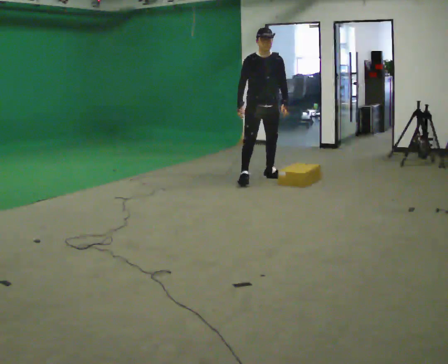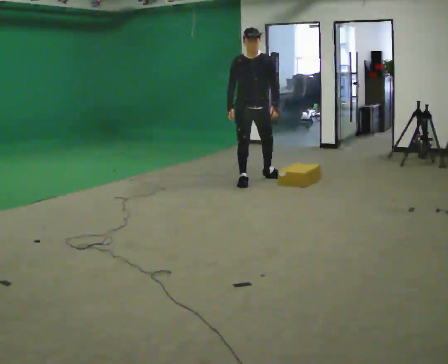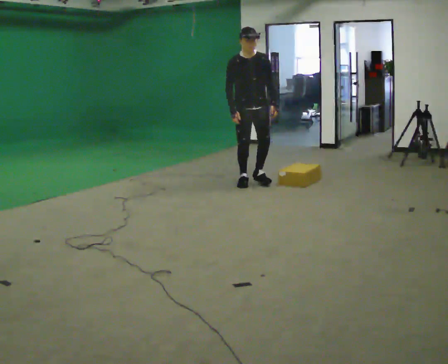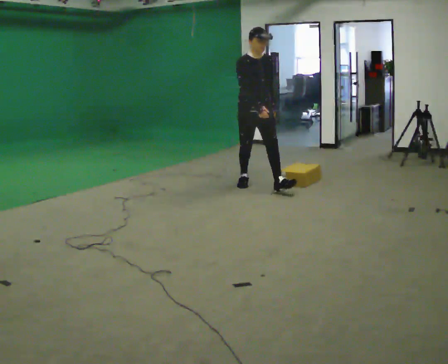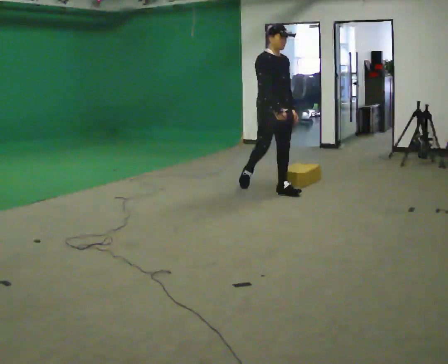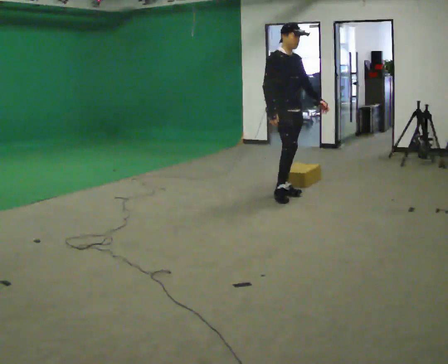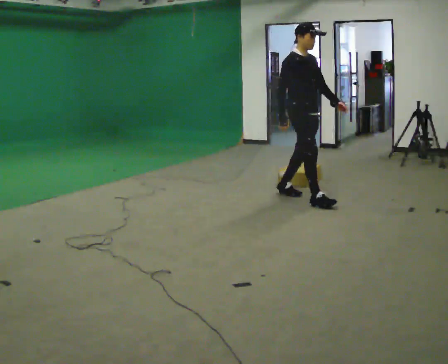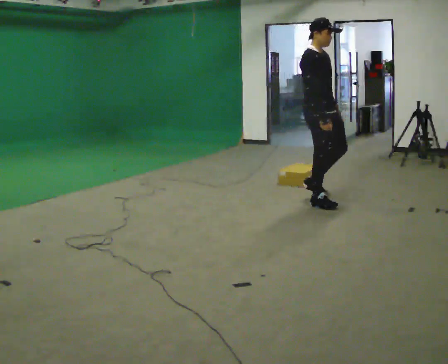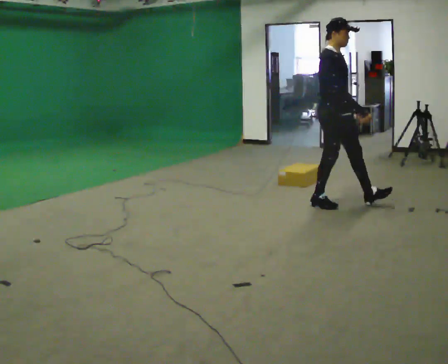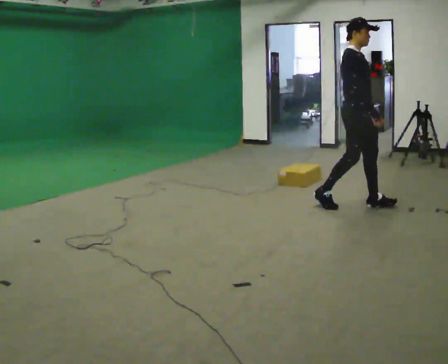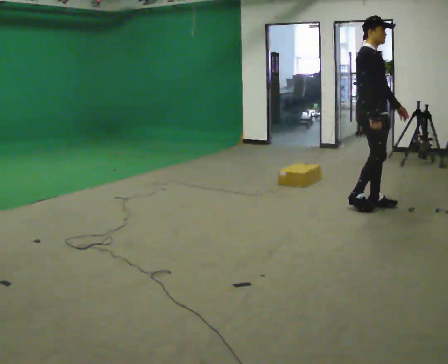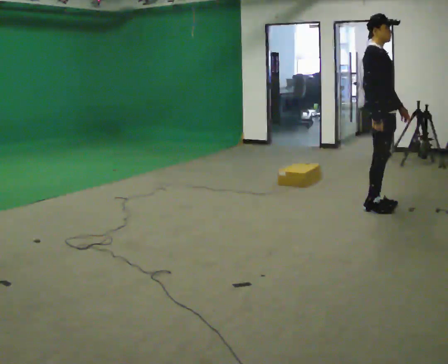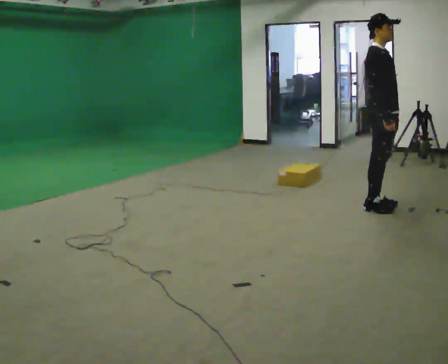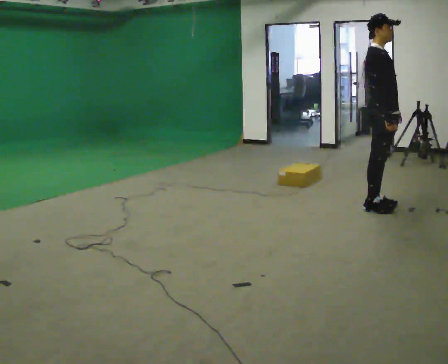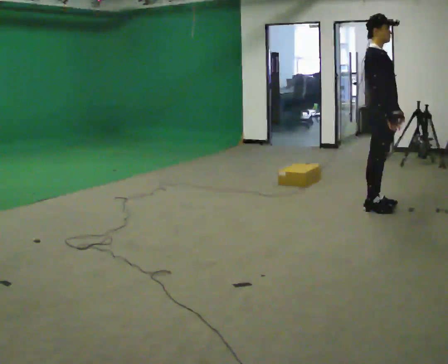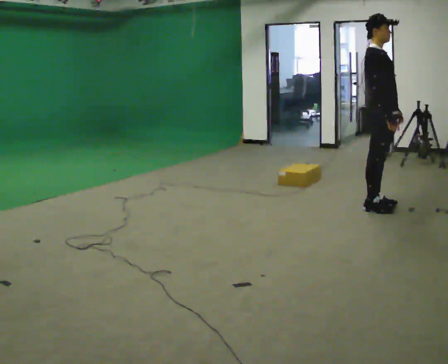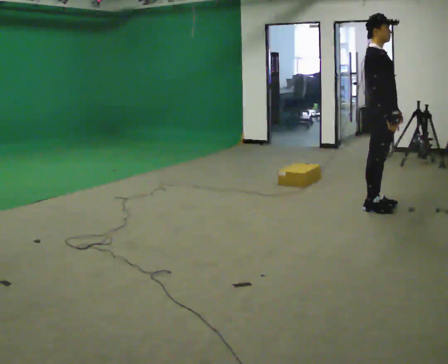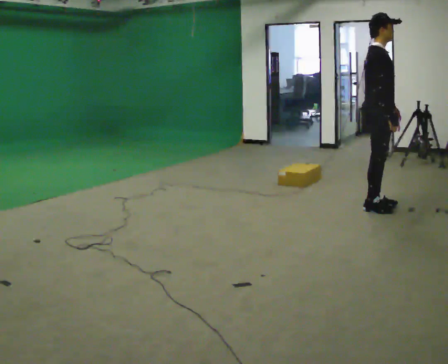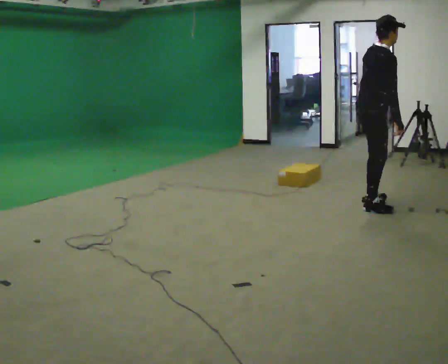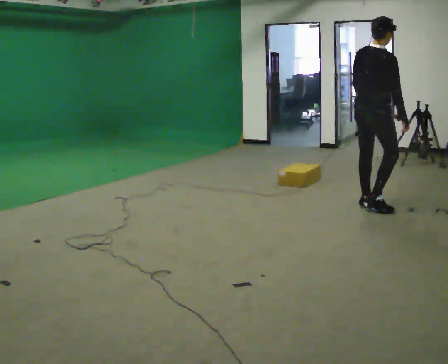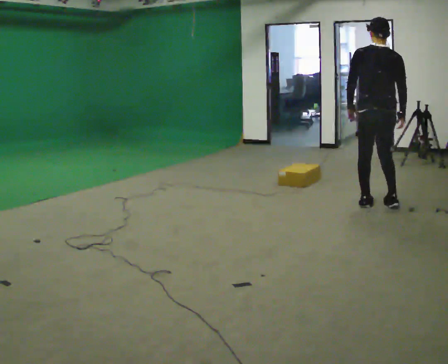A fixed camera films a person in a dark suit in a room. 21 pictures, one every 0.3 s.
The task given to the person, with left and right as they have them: Start still; walk straight at normal comfortable speed; stop at endpoint.
0.0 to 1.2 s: In the picture they go toward the camera and to the right, about 0.5 m in 1 step, which for them is forward.
1.2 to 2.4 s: In the picture they go to the right and toward the camera, about 1 m in 1 step, which for them is forward.
2.4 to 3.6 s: In the picture they go to the right, about 0.5 m in 2 steps, which for them is forward.
3.6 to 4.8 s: The person moves a little, or ends about where they began.
4.8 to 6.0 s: Seen from above the body turns counterclockwise, about 105 degrees: to their left, with its near side sliding to the right. In the picture their left hand goes to the left, the arm swinging clockwise.
The film runs forward here.
